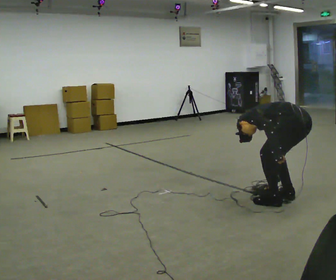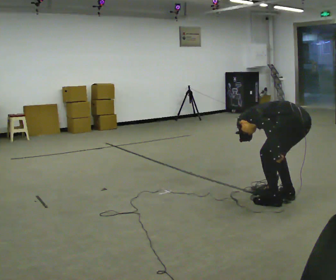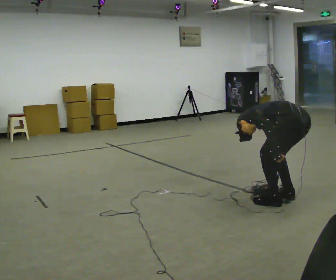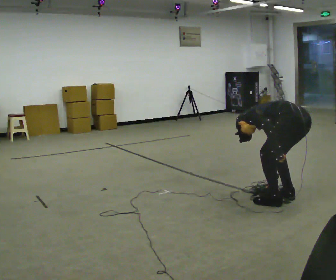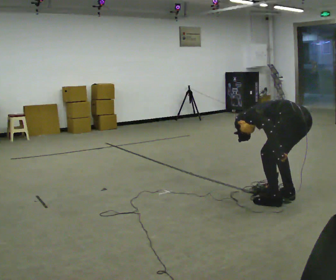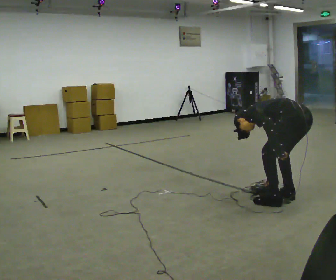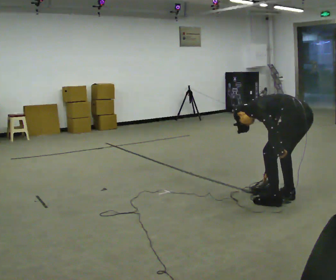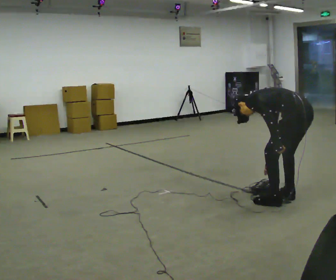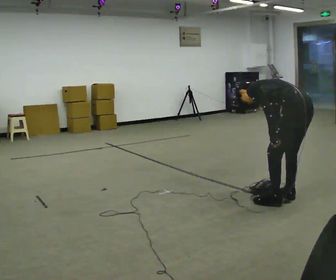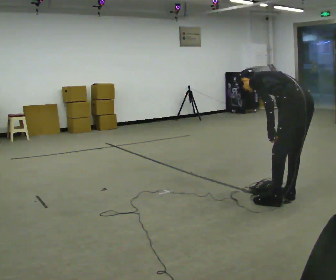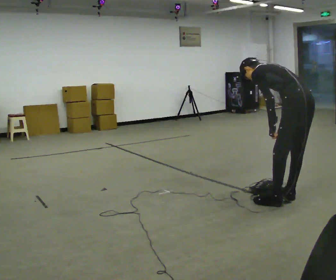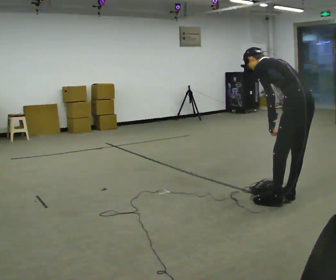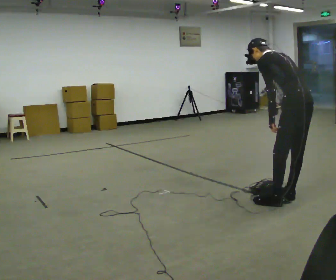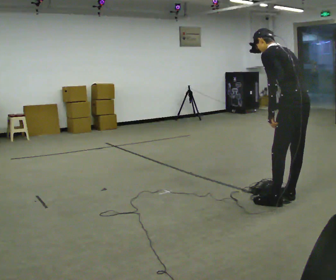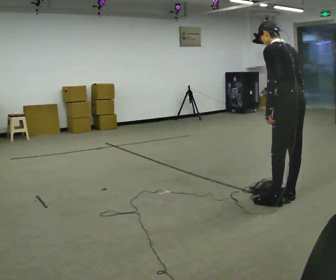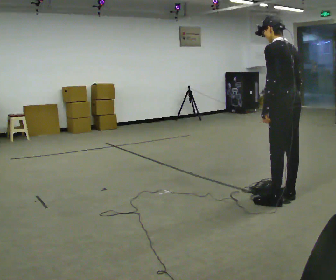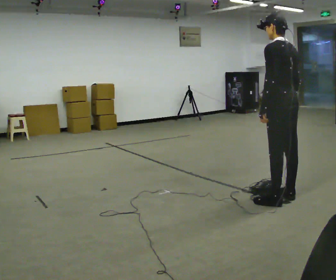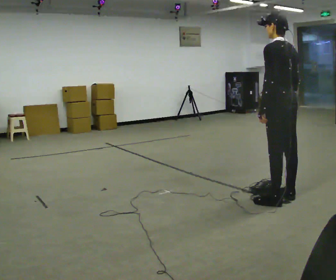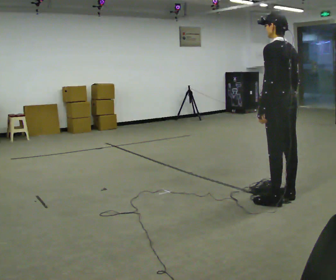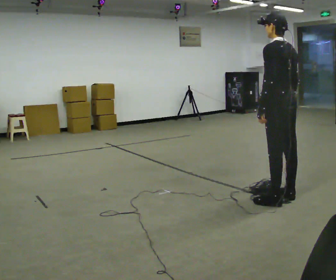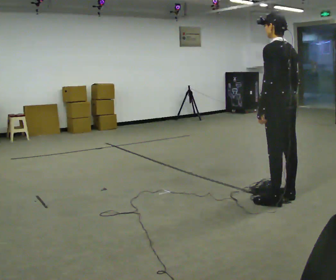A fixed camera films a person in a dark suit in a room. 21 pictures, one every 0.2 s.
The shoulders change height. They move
upward.
Their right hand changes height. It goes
upward.
0.0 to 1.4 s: The shoulders move upward. The upper body tips toward the camera, its near side rolling downward, as they lean back or straighten.
1.4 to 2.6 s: The upper body goes upward. In the picture the upper body tilts clockwise, shoulders to the right, as they lean back or straighten.
2.6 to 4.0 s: In the picture the upper body tilts clockwise, shoulders to the right, as they lean back or straighten.
The film runs backward here.
